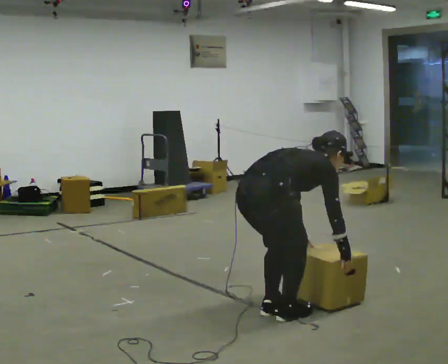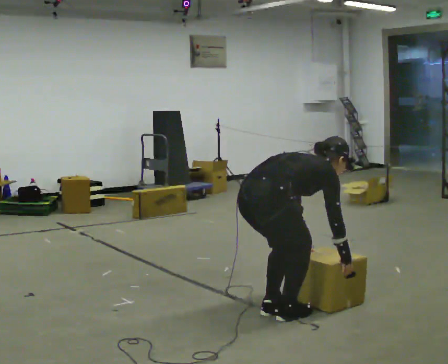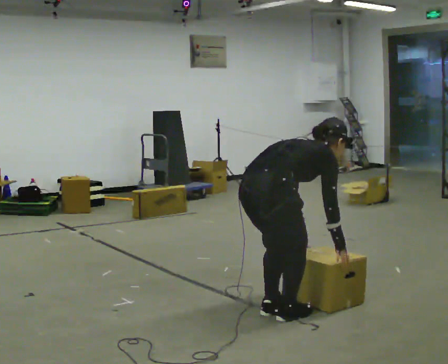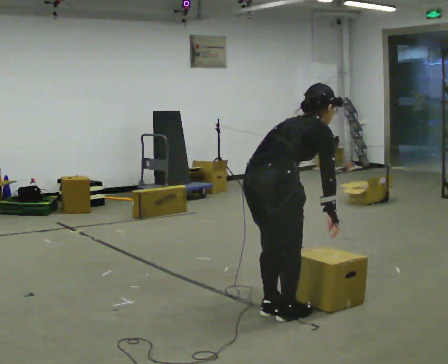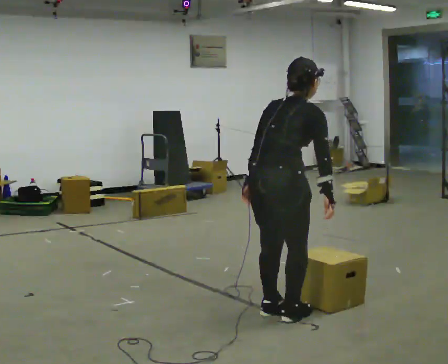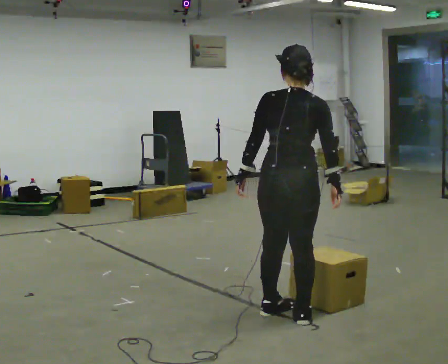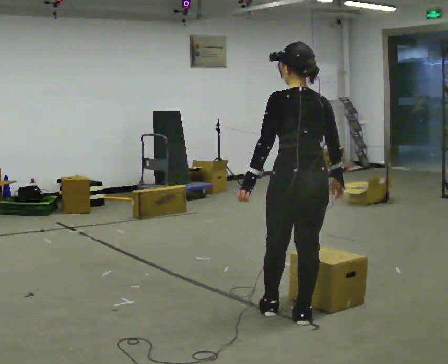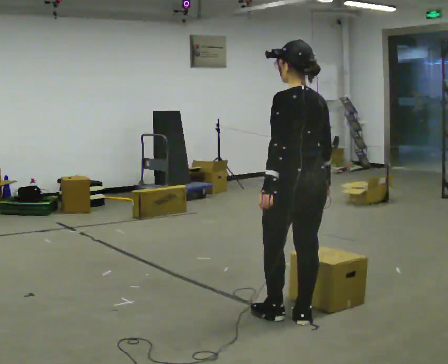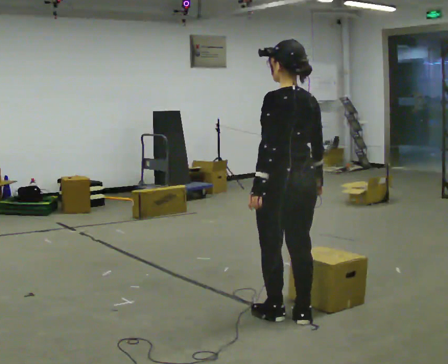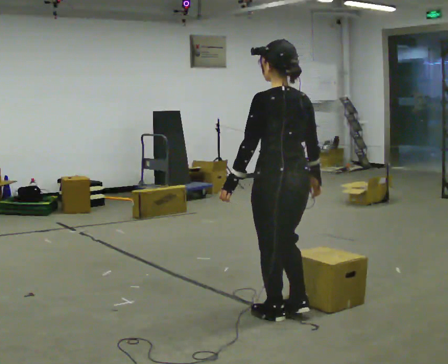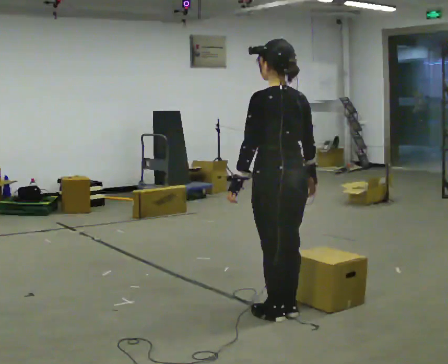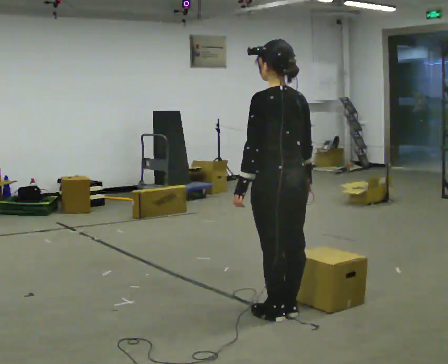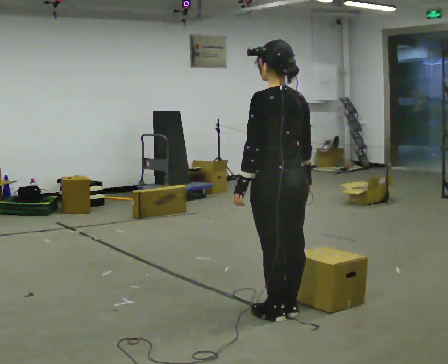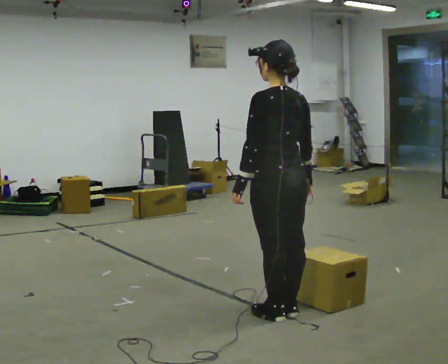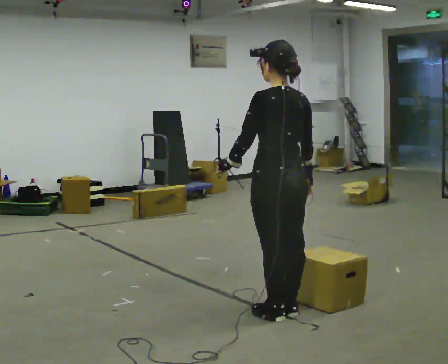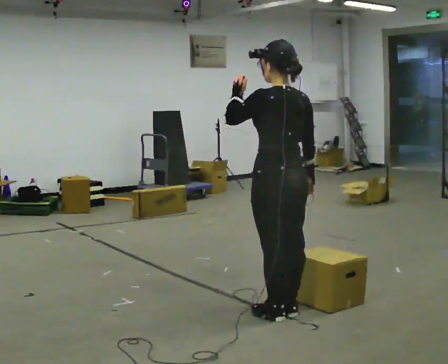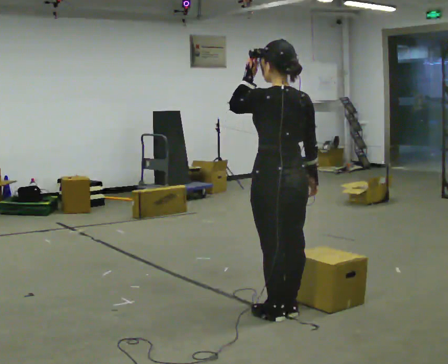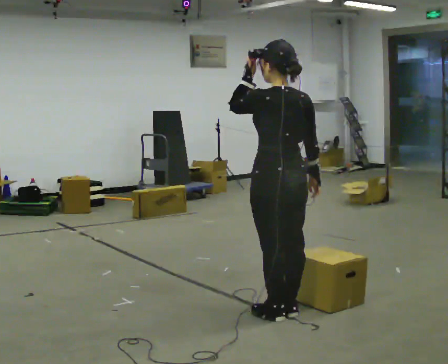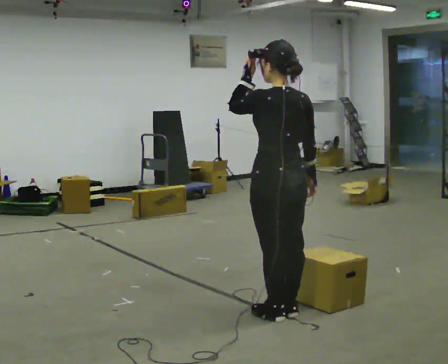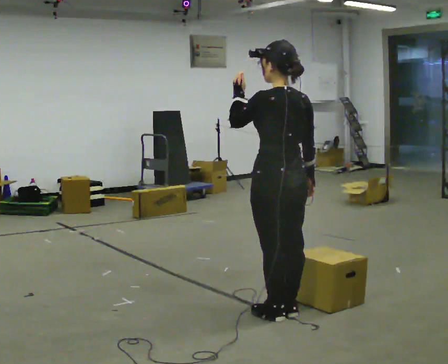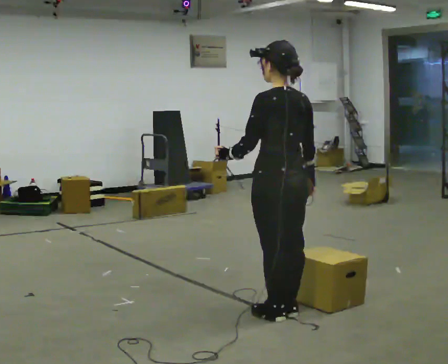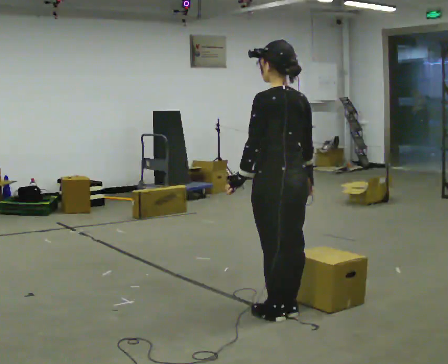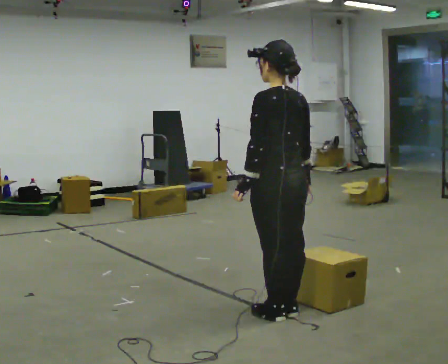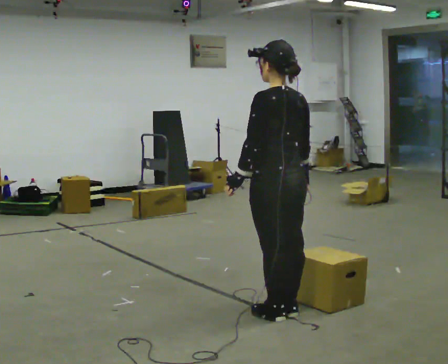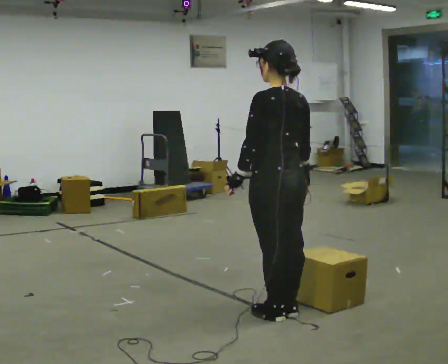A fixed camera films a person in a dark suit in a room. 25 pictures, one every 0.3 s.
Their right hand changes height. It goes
upward.
The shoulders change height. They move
upward.
0.0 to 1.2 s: The shoulders move upward. In the picture the upper body tilts counterclockwise, shoulders to the left, as they lean back or straighten. In the picture their left hand goes upward and to the left.
1.2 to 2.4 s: The person turns about 60 degrees to their left, counterclockwise seen from above, so the part of the body nearest the lens slides to the right. The upper body tips toward the camera, its near side rolling downward, as they lean back or straighten.
2.4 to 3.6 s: The person moves a little, or ends about where they began.
3.6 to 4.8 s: In the picture their left hand goes upward.
4.8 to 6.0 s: In the picture their left hand goes downward.
6.0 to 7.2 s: The person moves a little, or ends about where they began.
The film runs forward here.
